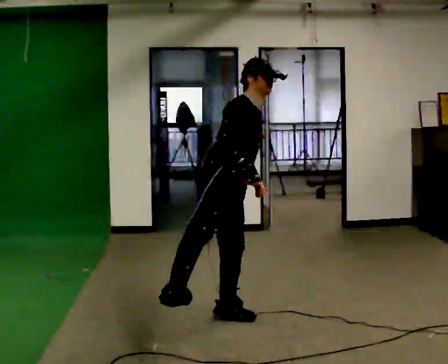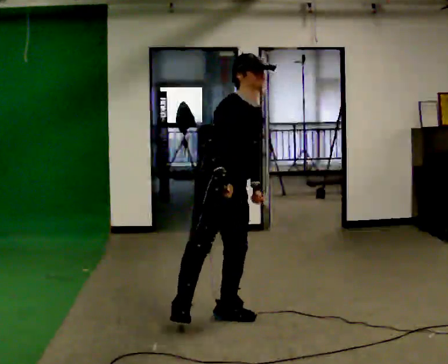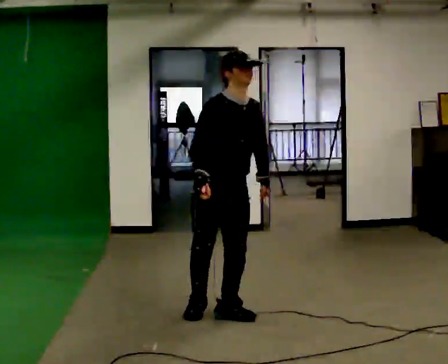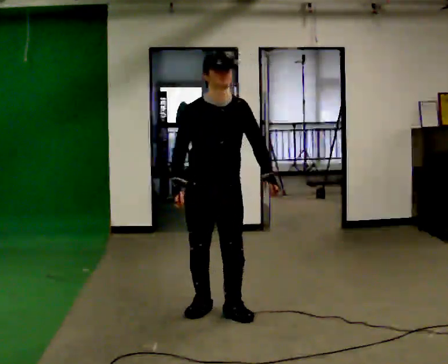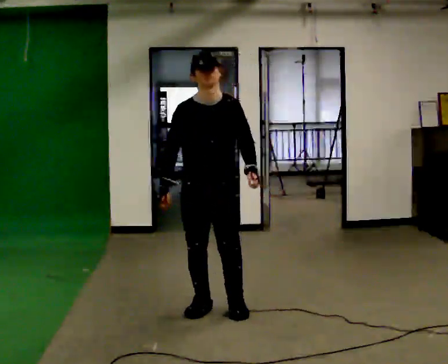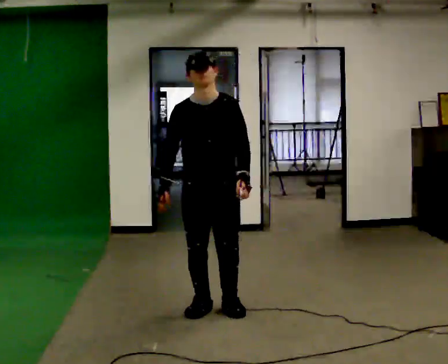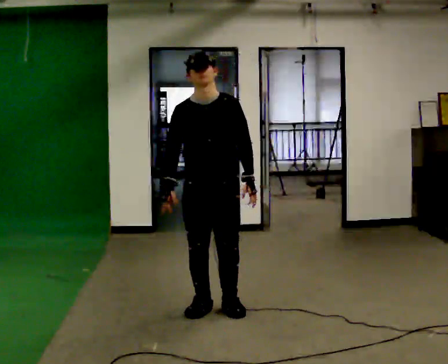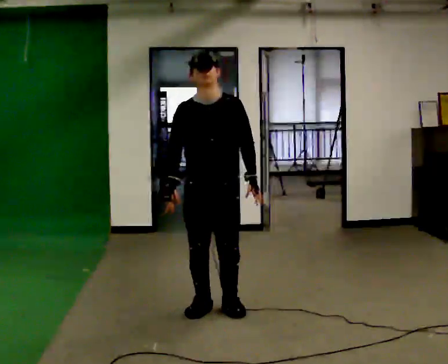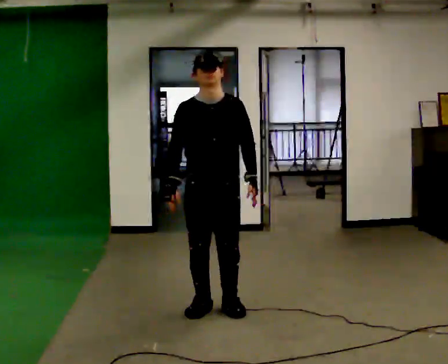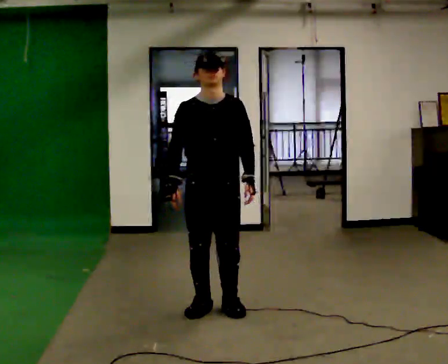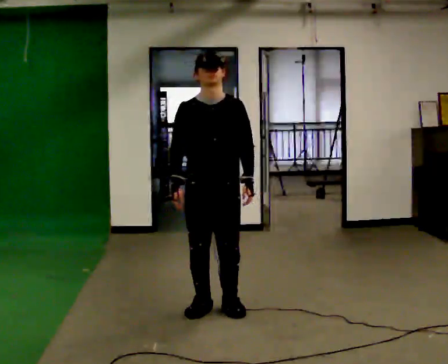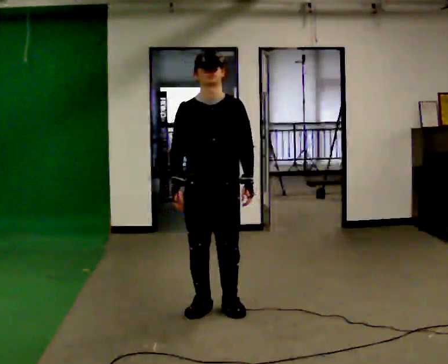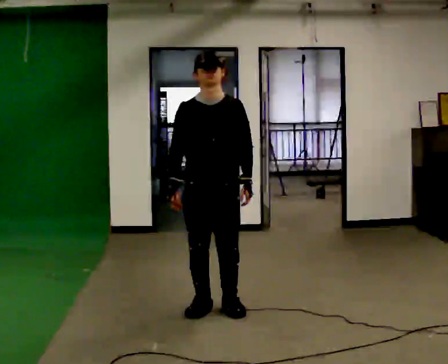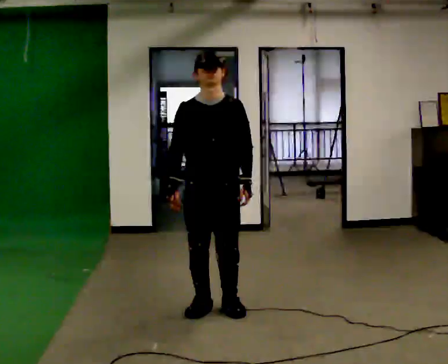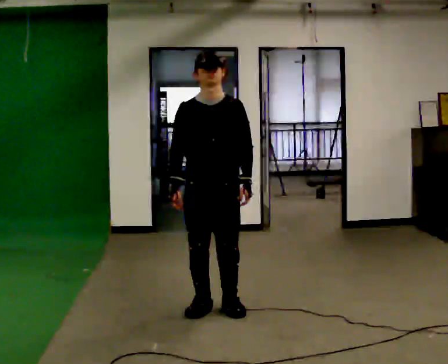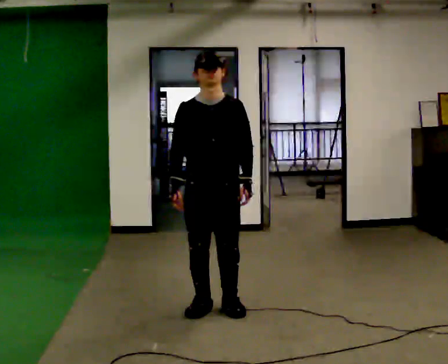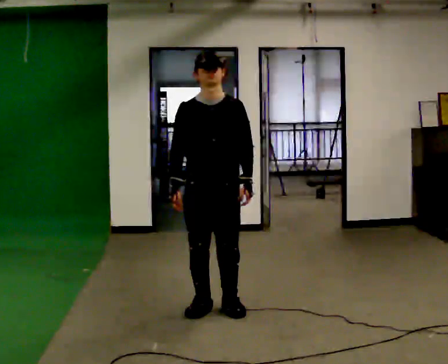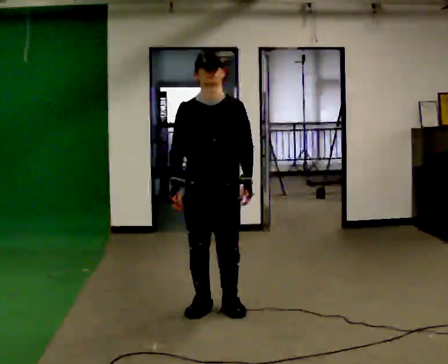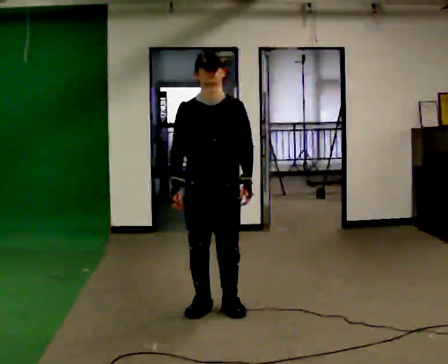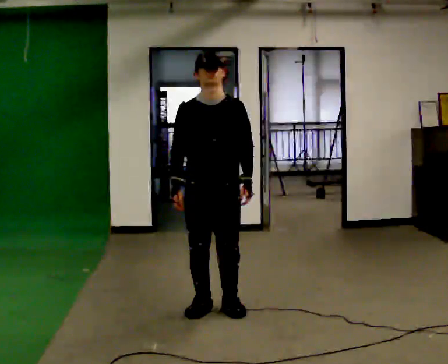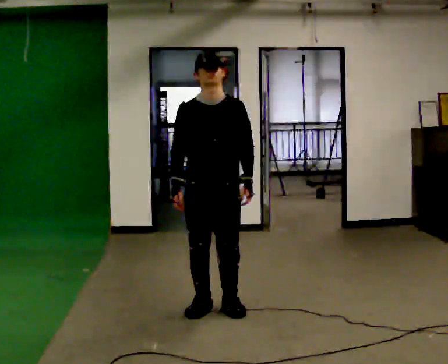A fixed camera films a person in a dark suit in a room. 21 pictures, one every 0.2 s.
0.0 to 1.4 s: The person turns about 75 degrees to their right, clockwise seen from above, so the part of the body nearest the lens slides to the left. In the picture they go away from the camera, about 0.25 m in 1 step. In the picture the upper body tilts counterclockwise, shoulders to the left. In the picture their right hand goes to the left.
1.4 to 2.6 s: The person moves a little, or ends about where they began.
2.6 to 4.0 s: The person keeps their place and pose.
The film runs forward here.
